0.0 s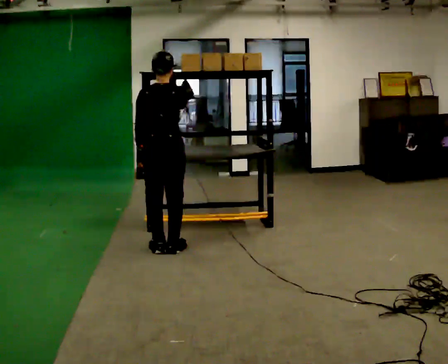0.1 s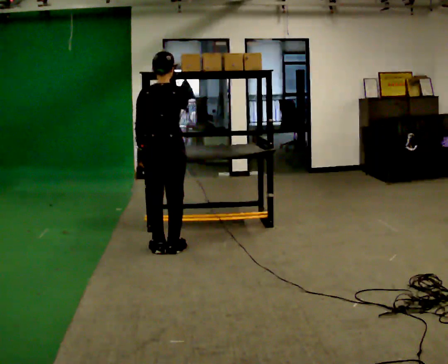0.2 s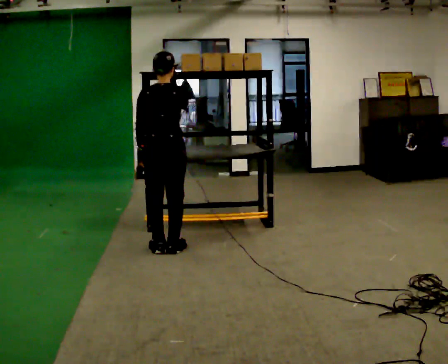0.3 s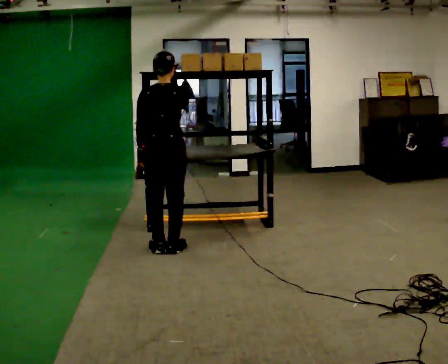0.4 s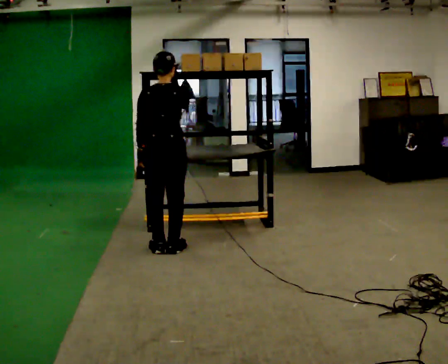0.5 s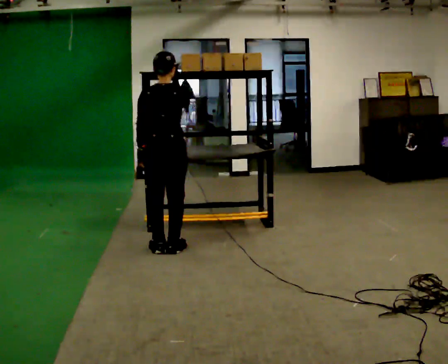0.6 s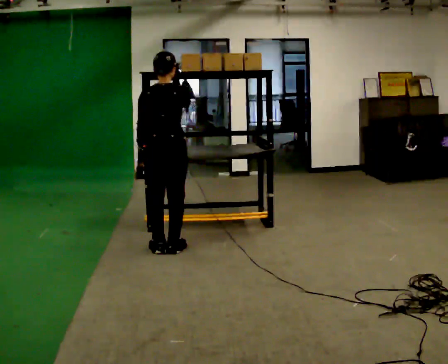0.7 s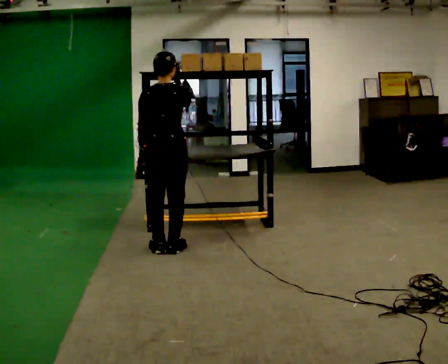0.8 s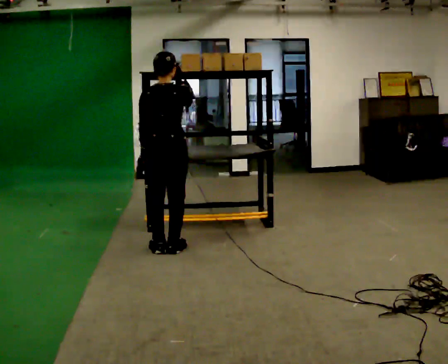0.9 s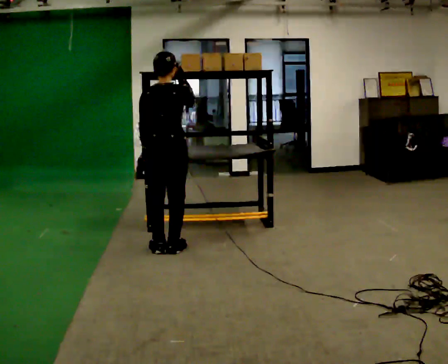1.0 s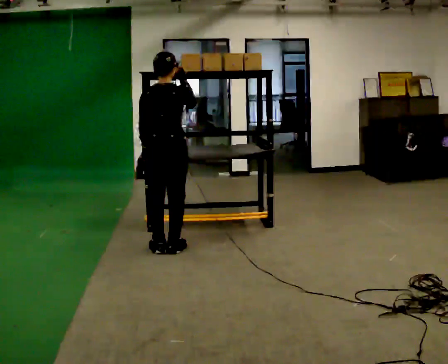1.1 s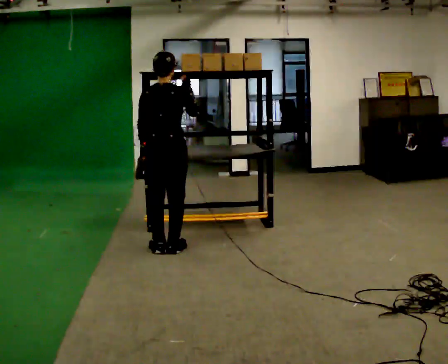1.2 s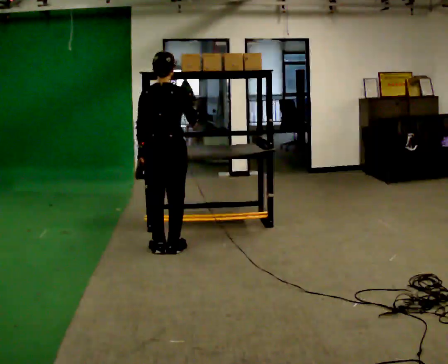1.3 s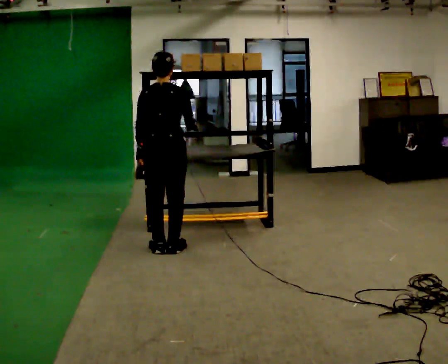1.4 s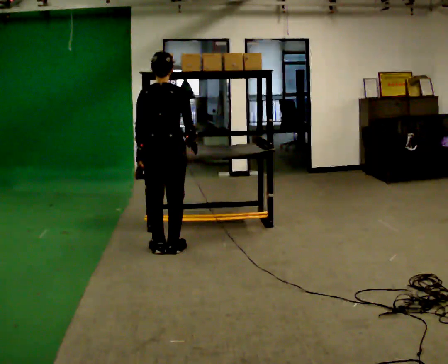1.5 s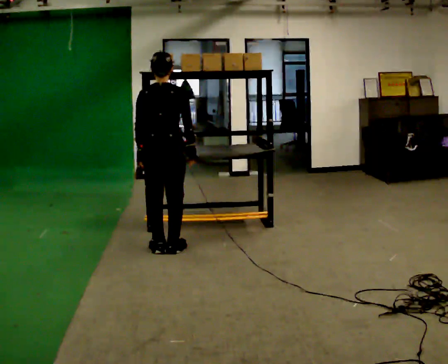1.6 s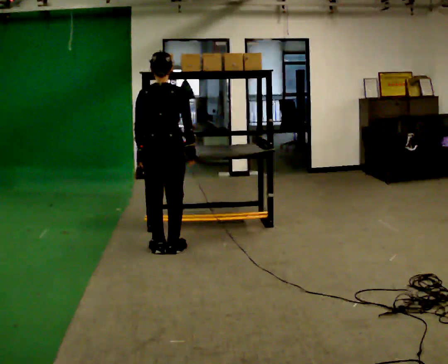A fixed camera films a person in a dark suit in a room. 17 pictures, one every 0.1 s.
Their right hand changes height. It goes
downward.
0.0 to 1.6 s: In the picture their right hand goes downward.
The film runs backward here.
